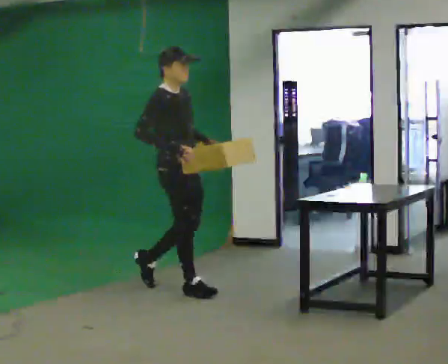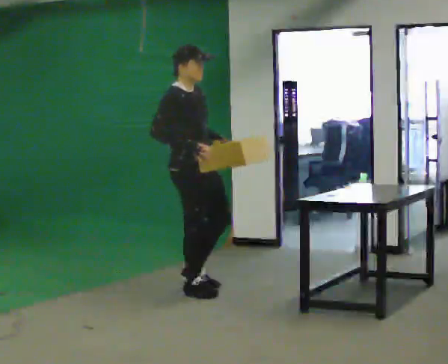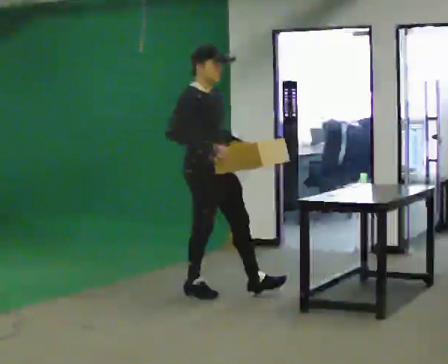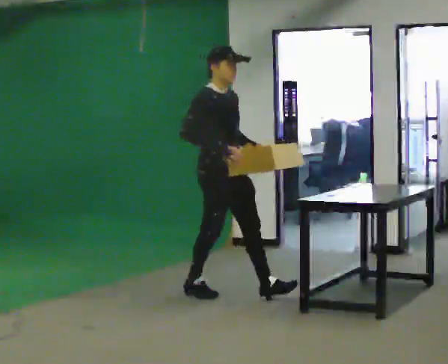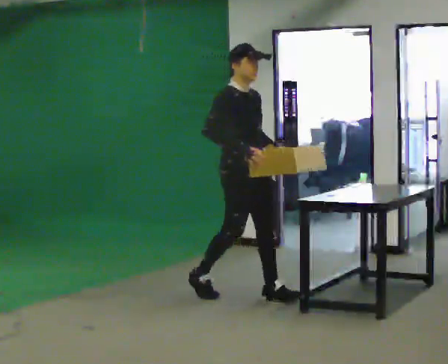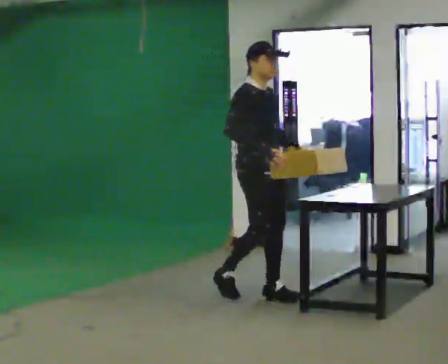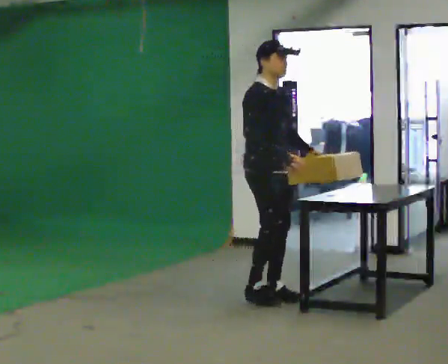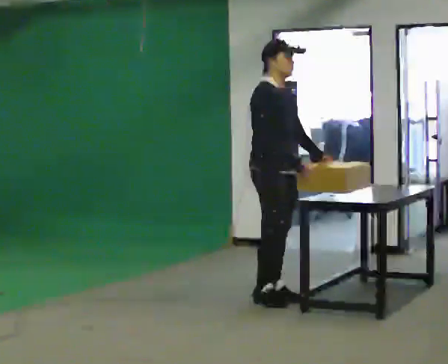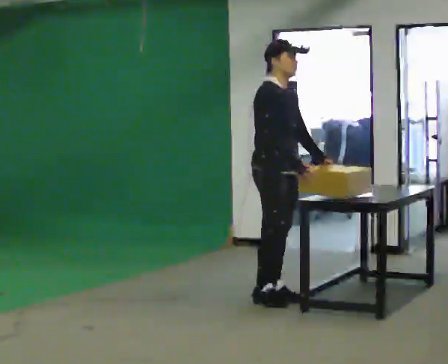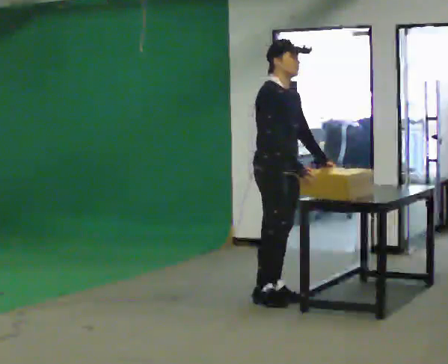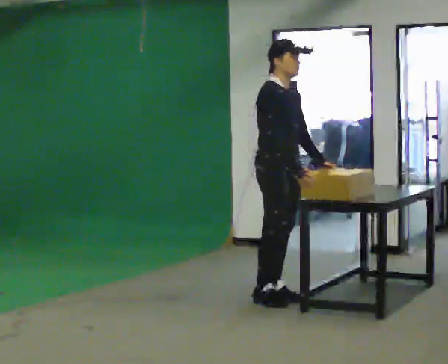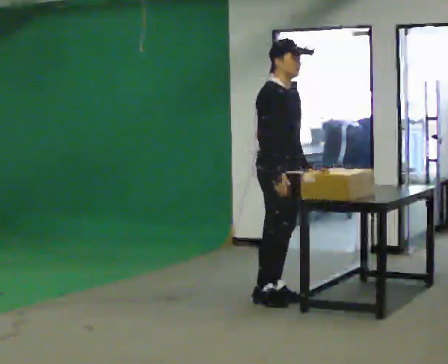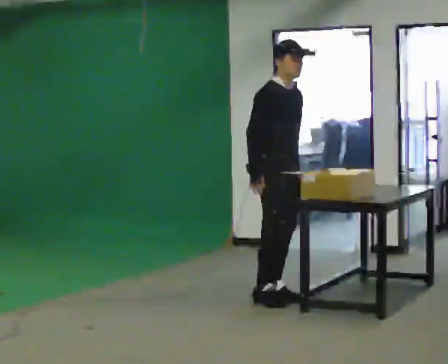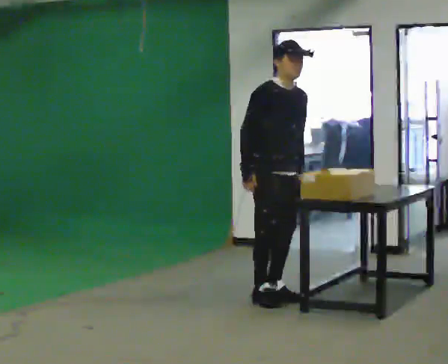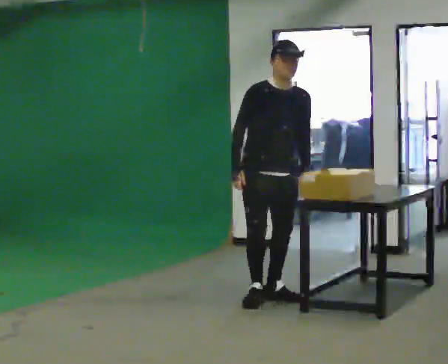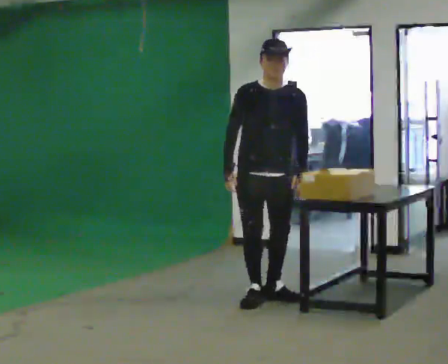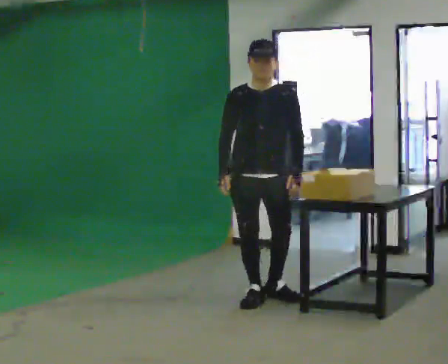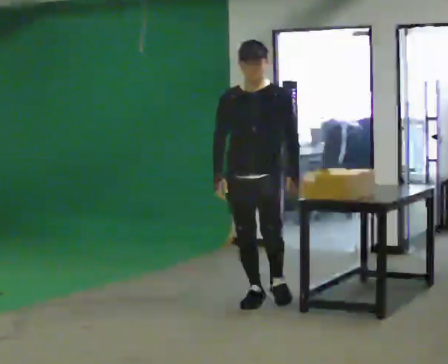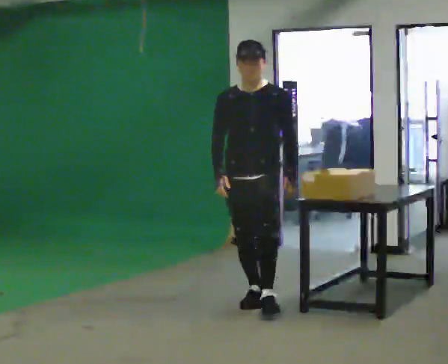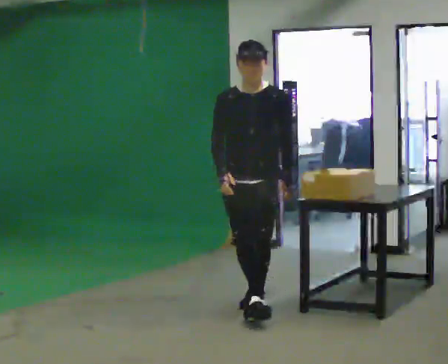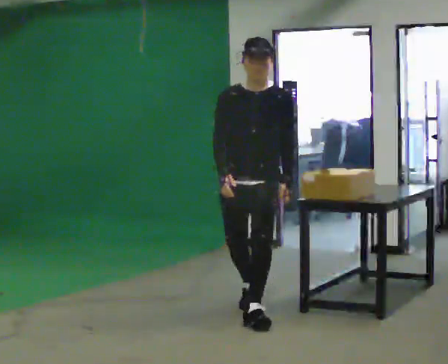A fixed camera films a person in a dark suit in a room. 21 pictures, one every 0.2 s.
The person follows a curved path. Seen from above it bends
clockwise.
0.0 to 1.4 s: In the picture they go to the right, about 0.75 m in 2 steps, which for them is forward.
1.4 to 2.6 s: In the picture their right hand goes to the left.
2.6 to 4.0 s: The part of the body nearest the lens slides to the left as the person turns to their right by about 45 degrees. In the picture they go toward the camera, about 0.5 m in 1 step, which for them is forward.
The film runs forward here.
